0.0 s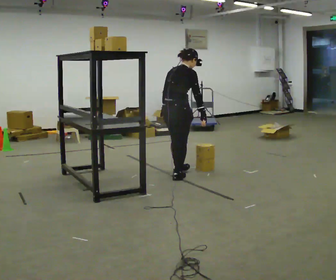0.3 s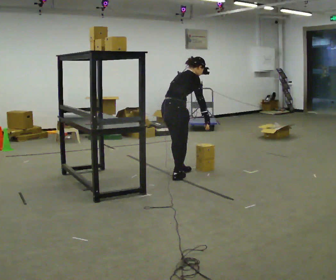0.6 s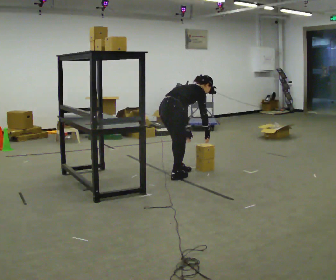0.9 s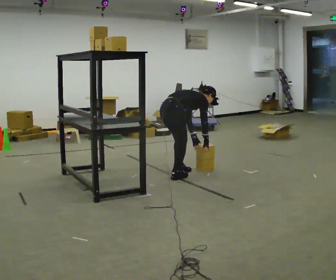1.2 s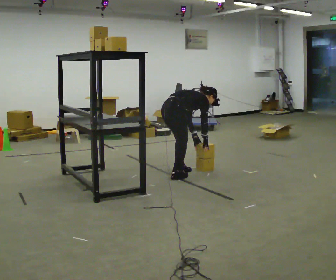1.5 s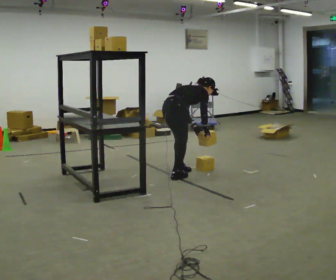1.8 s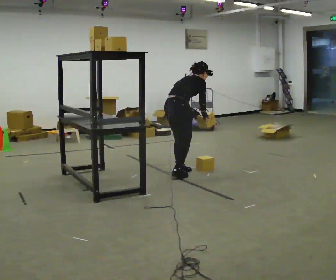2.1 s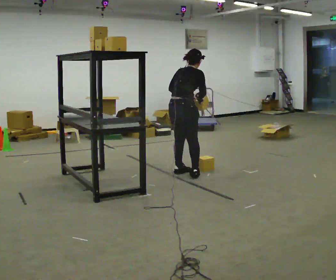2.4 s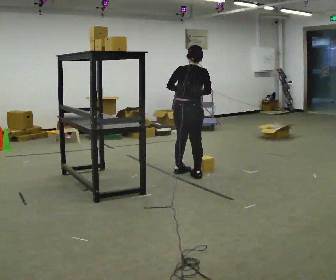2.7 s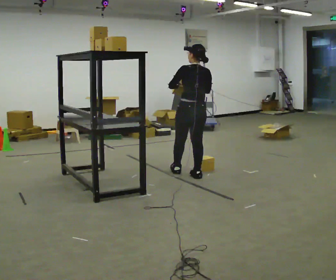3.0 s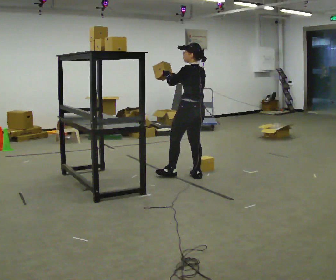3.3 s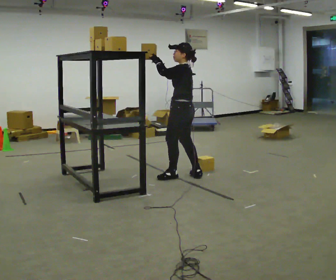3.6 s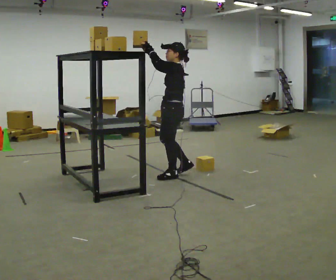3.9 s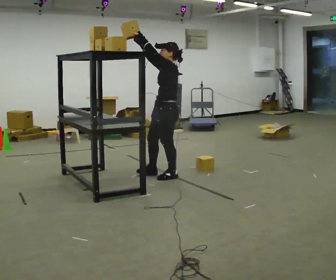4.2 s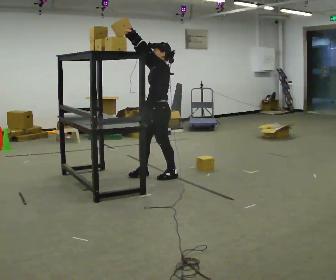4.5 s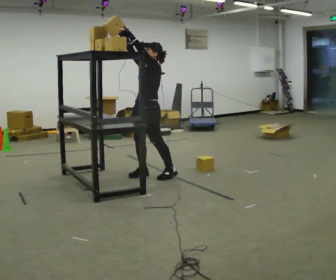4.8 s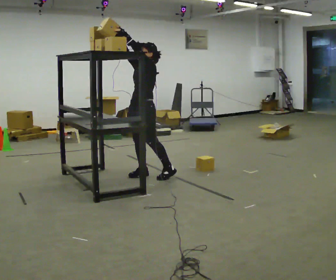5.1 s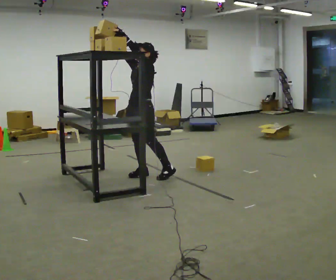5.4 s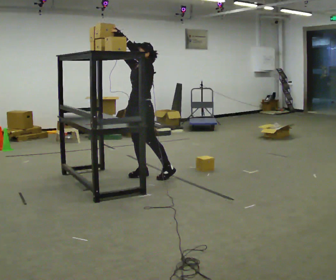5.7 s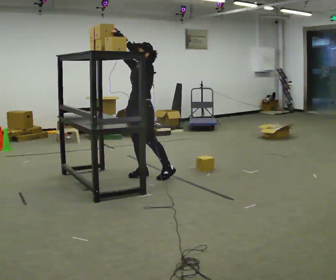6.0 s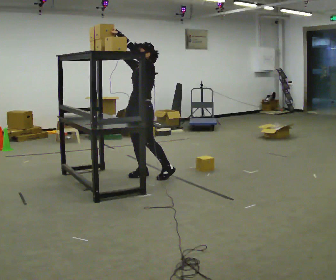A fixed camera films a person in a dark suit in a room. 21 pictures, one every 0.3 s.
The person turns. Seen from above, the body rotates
counterclockwise.
The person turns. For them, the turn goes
to their left.
0.0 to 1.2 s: The shoulders move downward. In the picture the upper body tilts clockwise, shoulders to the right, as they bend forward. In the picture their left hand goes downward and to the right.
1.2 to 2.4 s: The part of the body nearest the lens slides to the right as the person turns to their left by about 45 degrees. In the picture they go to the right, about 0.25 m in 1 step, which for them is forward and to their right. The upper body goes upward. In the picture the upper body tilts counterclockwise, shoulders to the left, as they lean back or straighten. In the picture their right hand goes upward.
2.4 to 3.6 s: The part of the body nearest the lens slides to the right as the person turns to their left by about 105 degrees. In the picture they go to the left, about 0.25 m in 1 step. In the picture their left hand goes upward and to the left.
3.6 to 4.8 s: The person turns about 45 degrees to their left, counterclockwise seen from above, so the part of the body nearest the lens slides to the right. In the picture they go to the left, about 0.25 m in 1 step, which for them is forward and to their right.
4.8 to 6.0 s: The person moves a little, or ends about where they began.
The film runs forward here.
